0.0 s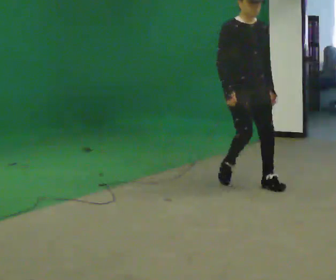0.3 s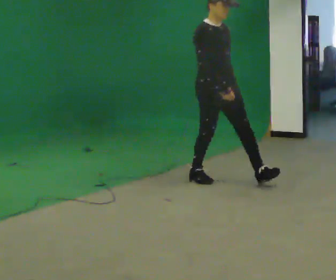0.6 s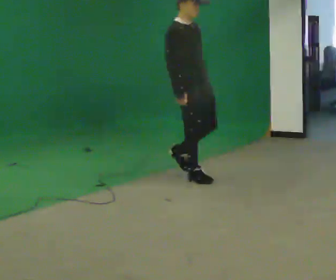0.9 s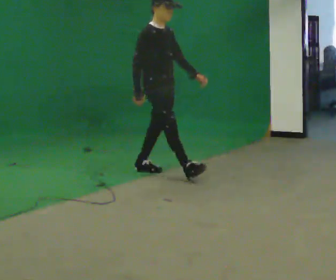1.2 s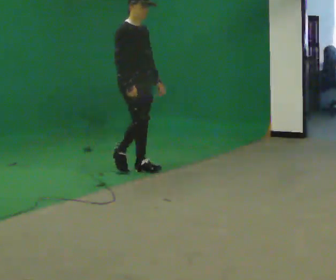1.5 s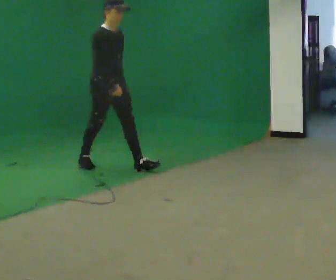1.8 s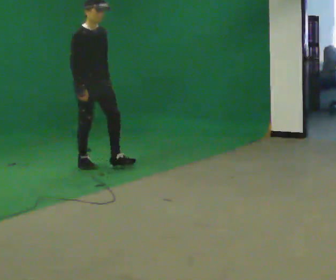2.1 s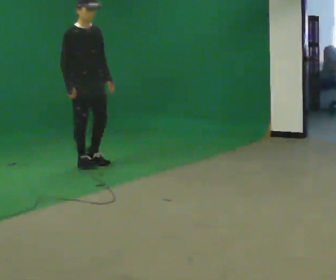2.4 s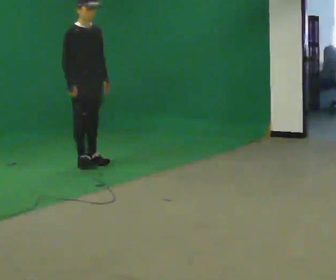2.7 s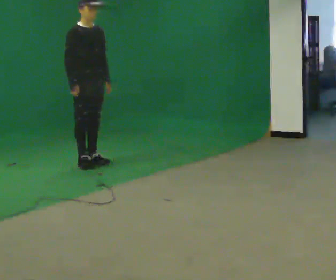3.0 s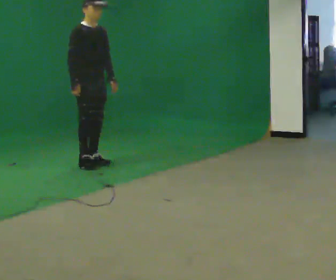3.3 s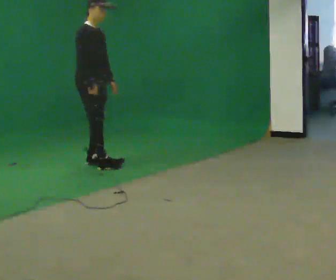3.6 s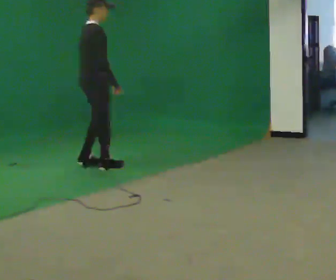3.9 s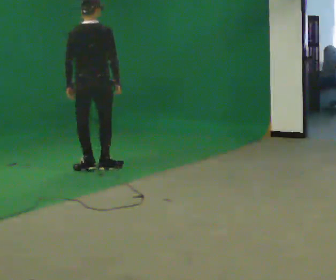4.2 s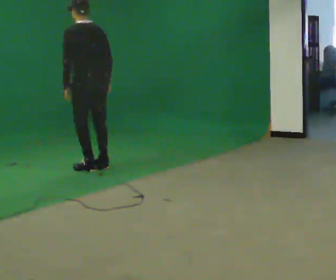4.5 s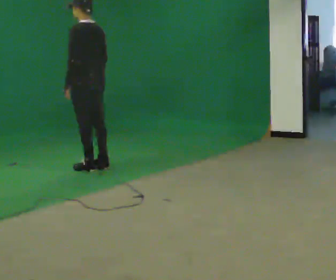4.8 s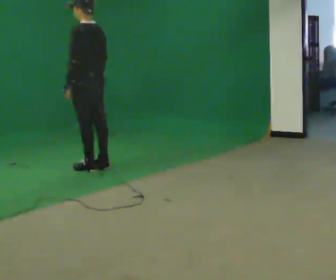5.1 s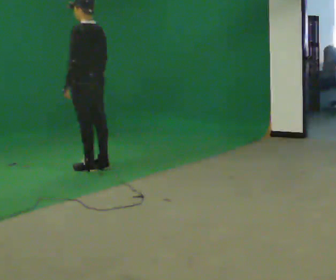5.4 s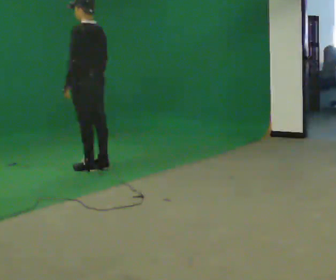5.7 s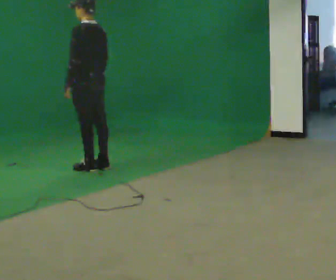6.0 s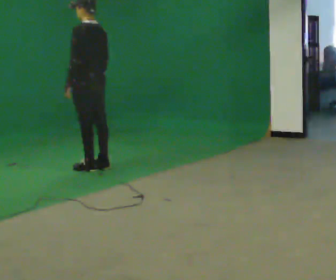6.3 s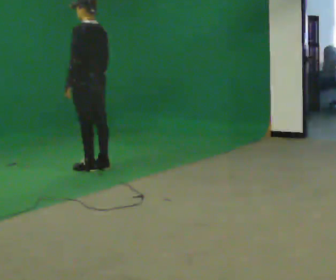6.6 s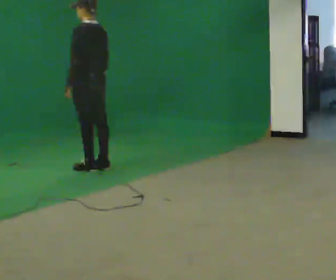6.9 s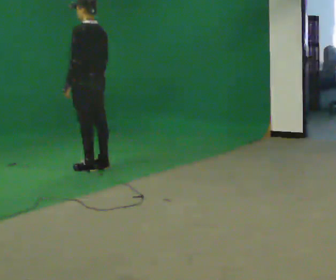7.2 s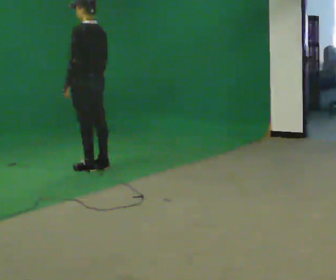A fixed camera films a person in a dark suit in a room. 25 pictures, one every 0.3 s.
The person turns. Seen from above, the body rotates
counterclockwise.
The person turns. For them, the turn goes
to their left.
0.0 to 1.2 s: Seen from above the body turns counterclockwise, about 30 degrees: to their left, with its near side sliding to the right. In the picture they go away from the camera and to the left, about 1.5 m in 2 steps, which for them is backward.
1.2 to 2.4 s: In the picture they go to the left and away from the camera, about 0.75 m in 1 step, which for them is backward.
2.4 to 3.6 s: The part of the body nearest the lens slides to the right as the person turns to their left by about 60 degrees. In the picture their right hand goes to the right.
3.6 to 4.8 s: The person turns about 135 degrees to their left, counterclockwise seen from above, so the part of the body nearest the lens slides to the right.
4.8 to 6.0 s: The person moves a little, or ends about where they began.
6.0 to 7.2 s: The person keeps their place and pose.
The film runs backward here.
